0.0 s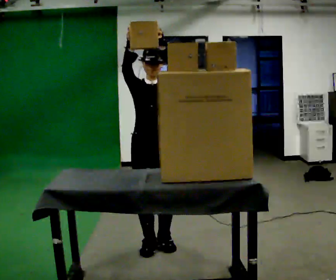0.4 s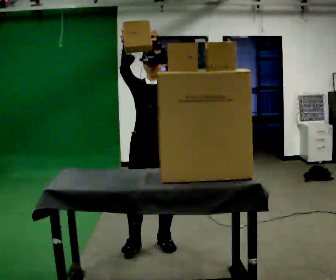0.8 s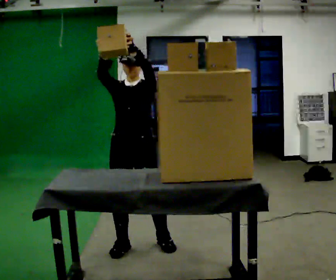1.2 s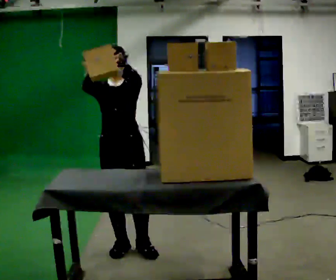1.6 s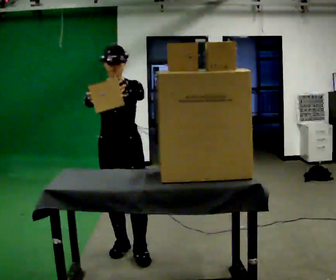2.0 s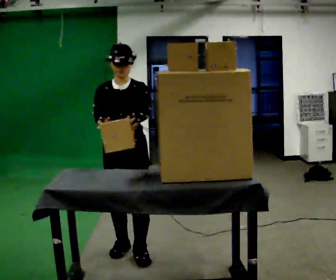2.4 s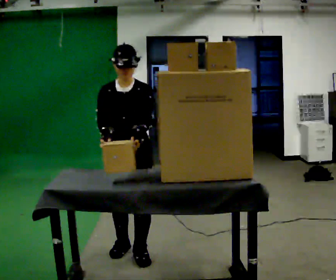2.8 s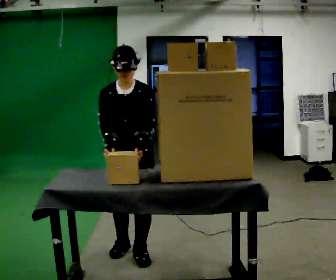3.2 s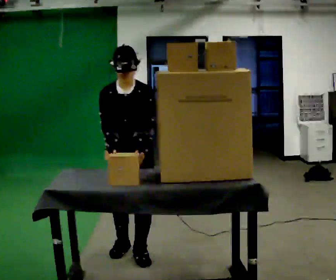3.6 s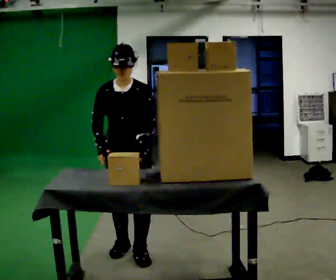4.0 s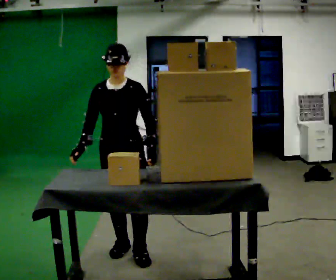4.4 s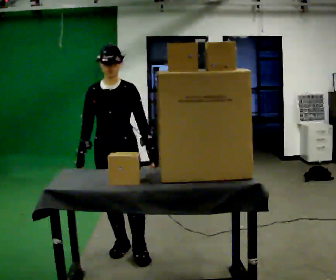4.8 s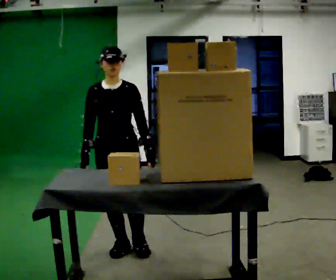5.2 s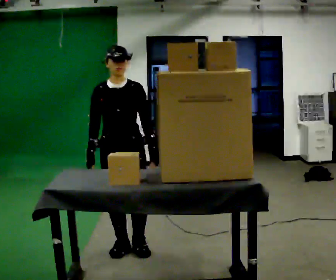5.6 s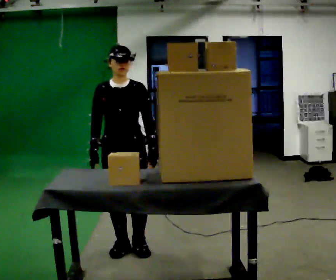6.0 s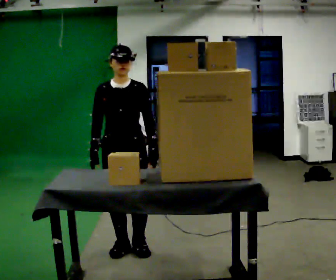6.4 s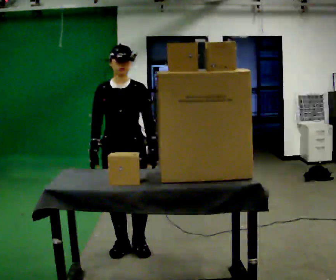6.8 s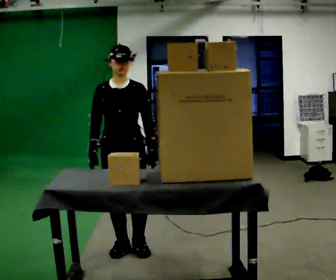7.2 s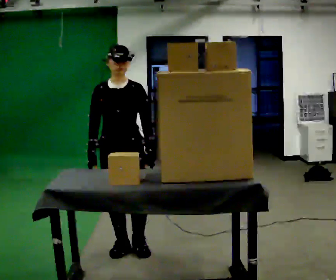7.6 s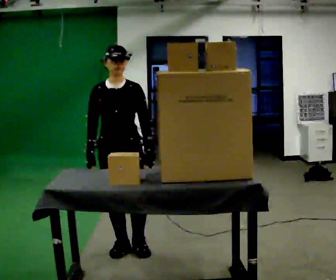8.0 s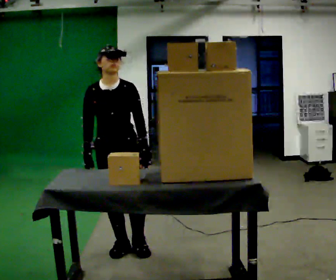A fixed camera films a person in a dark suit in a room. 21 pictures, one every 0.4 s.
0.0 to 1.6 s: In the picture they go to the left, about 0.25 m in 2 steps, which for them is to their right. In the picture their right hand goes downward.
1.6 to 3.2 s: The upper body tips toward the camera, its near side rolling downward, as they bend forward. In the picture their left hand goes downward.
3.2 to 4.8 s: The upper body tips away from the camera, its near side rolling upward, as they lean back or straighten.
4.8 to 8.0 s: The person moves a little, or ends about where they began.
The film runs forward here.
